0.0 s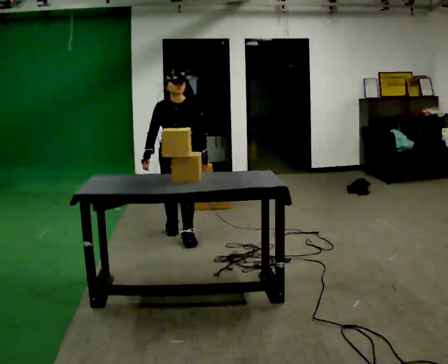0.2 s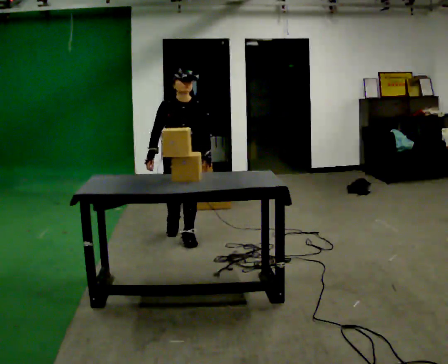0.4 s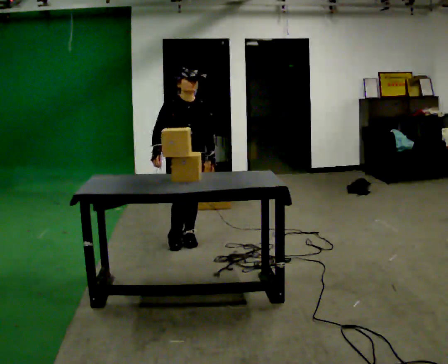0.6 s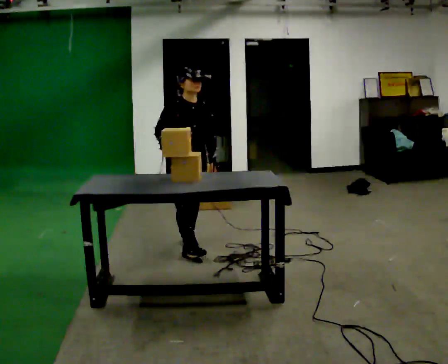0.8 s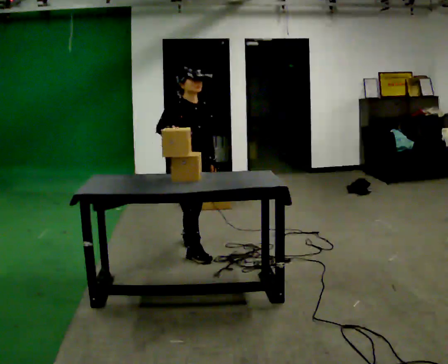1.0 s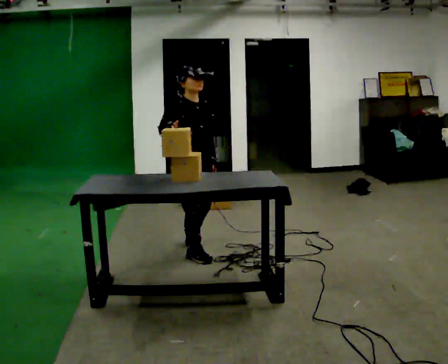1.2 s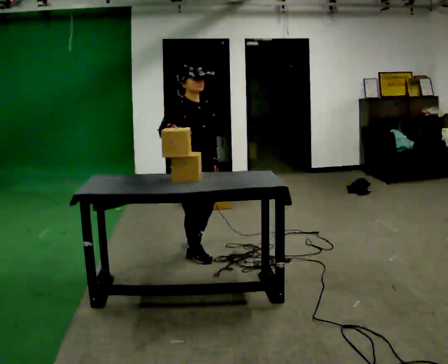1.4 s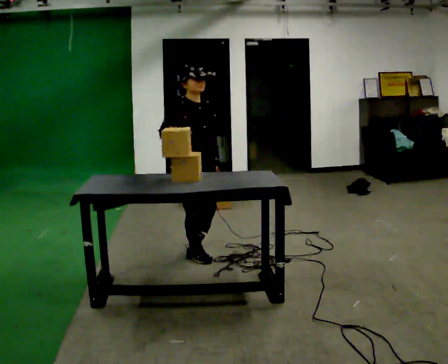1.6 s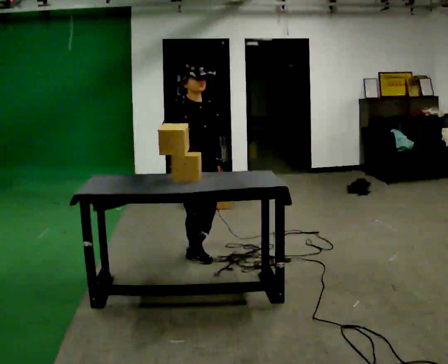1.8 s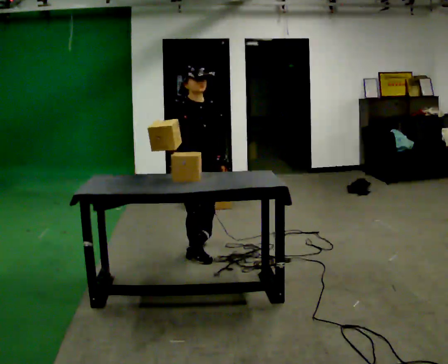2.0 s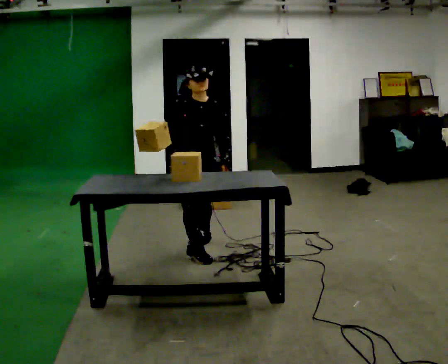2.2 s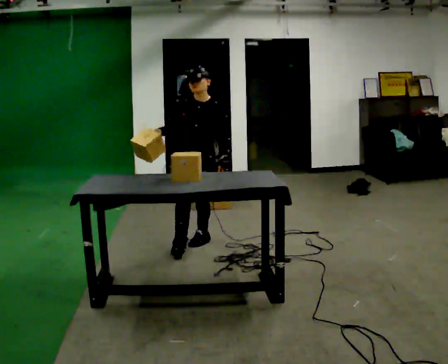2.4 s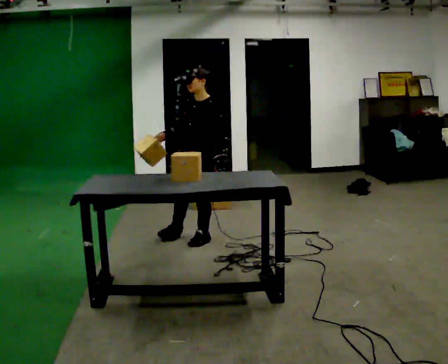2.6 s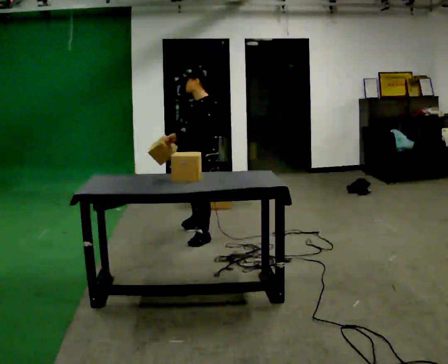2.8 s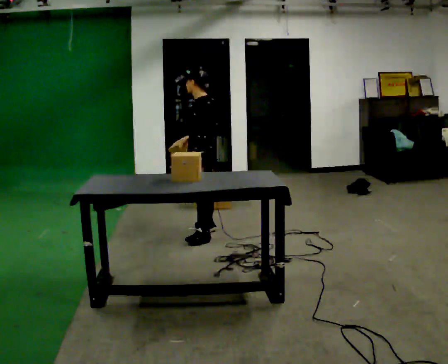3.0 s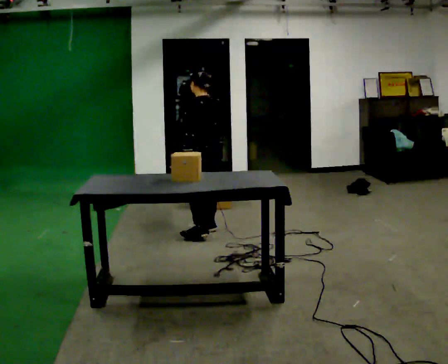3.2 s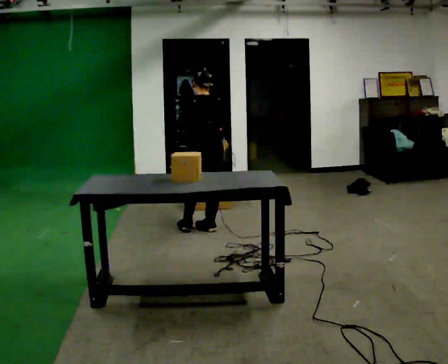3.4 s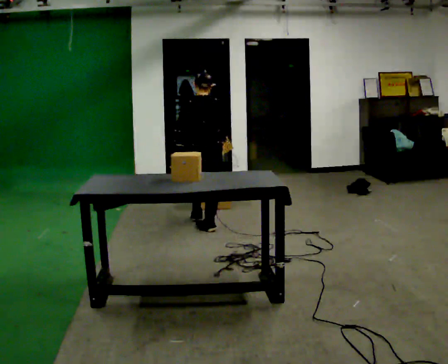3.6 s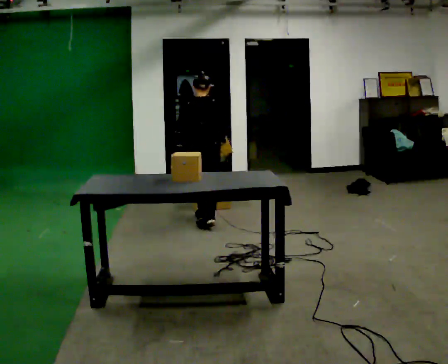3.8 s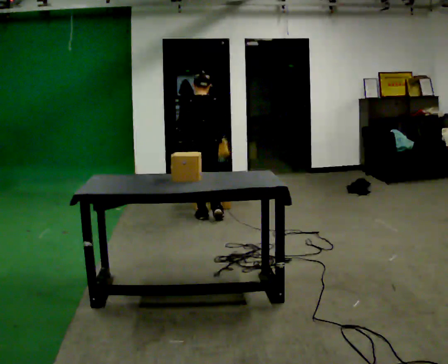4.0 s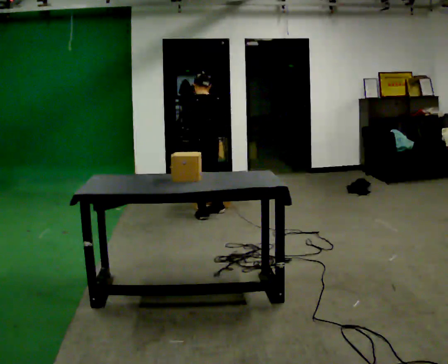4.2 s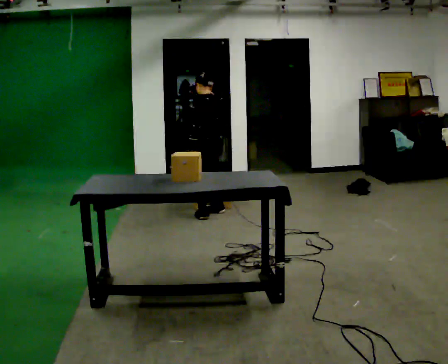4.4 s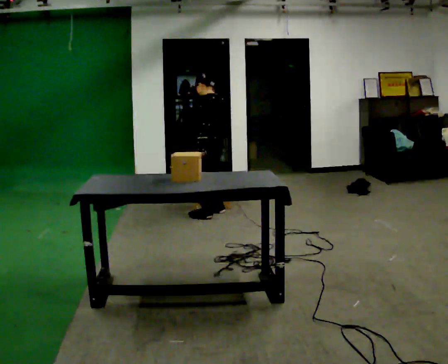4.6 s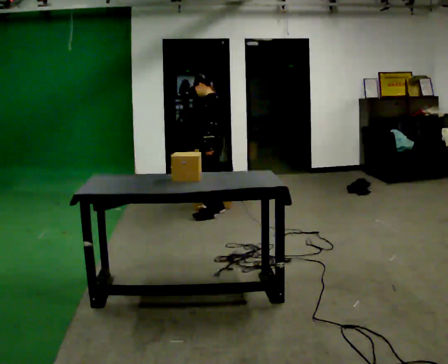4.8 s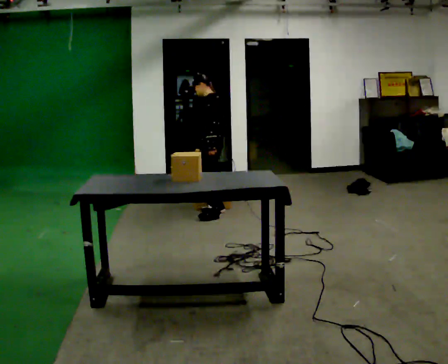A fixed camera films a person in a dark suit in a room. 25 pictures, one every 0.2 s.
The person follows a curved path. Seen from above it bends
counterclockwise.
0.0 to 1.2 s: Seen from above the body turns counterclockwise, about 45 degrees: to their left, with its near side sliding to the right. In the picture they go toward the camera, about 0.5 m in 1 step, which for them is forward.
1.2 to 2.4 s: Seen from above the body turns clockwise, about 90 degrees: to their right, with its near side sliding to the left. In the picture they go away from the camera, about 0.5 m.
2.4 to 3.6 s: The part of the body nearest the lens slides to the left as the person turns to their right by about 150 degrees. In the picture they go away from the camera, about 0.75 m in 2 steps.
3.6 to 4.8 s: The part of the body nearest the lens slides to the right as the person turns to their left by about 90 degrees. In the picture they go away from the camera, about 0.25 m in 1 step.
The film runs forward here.
